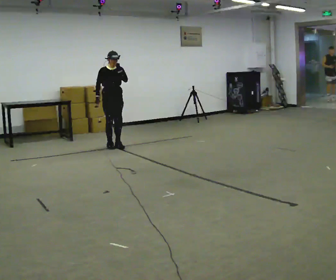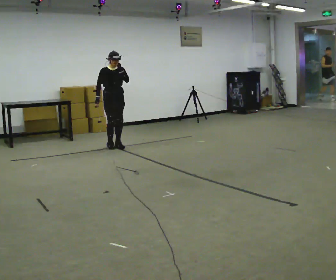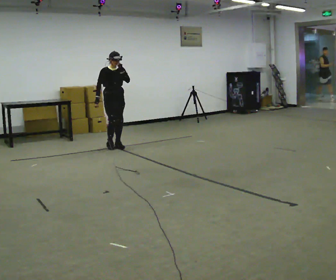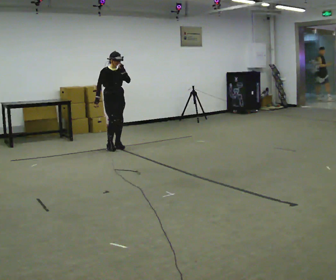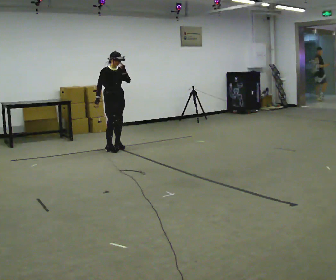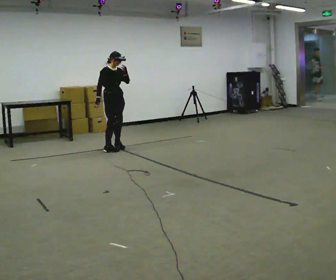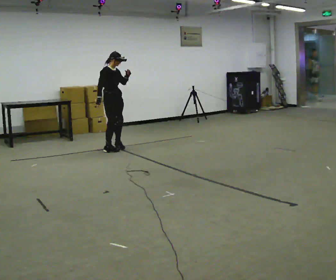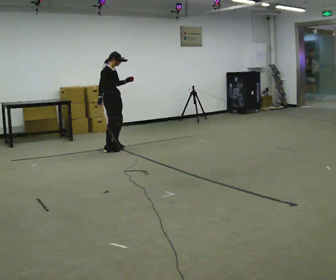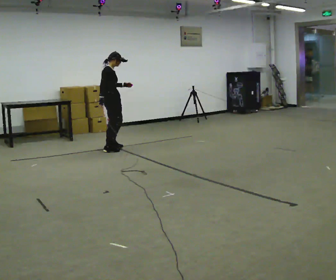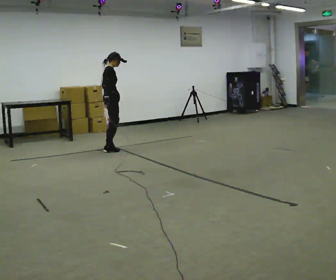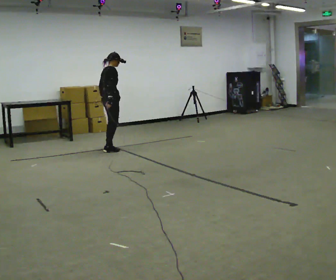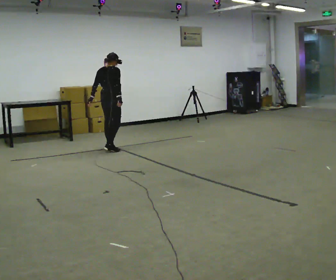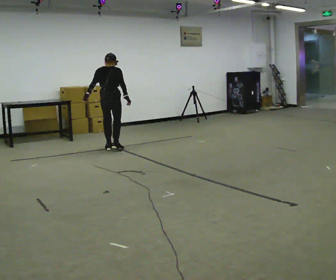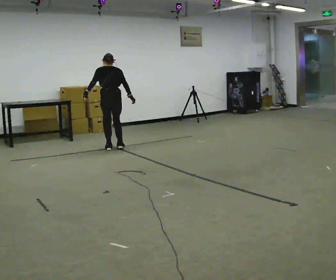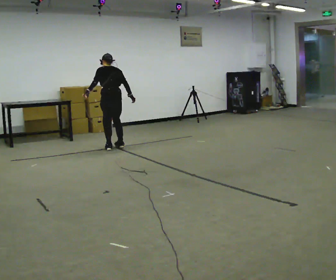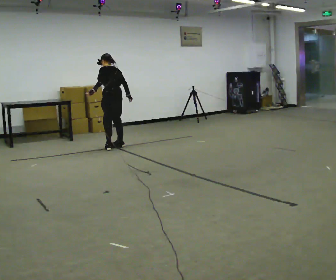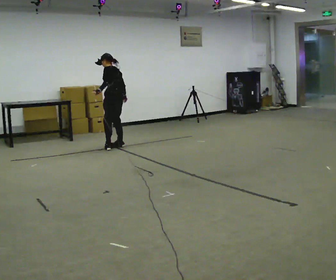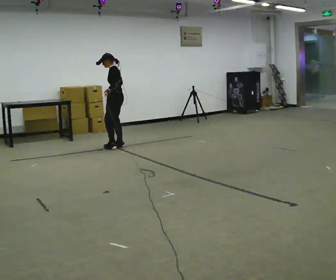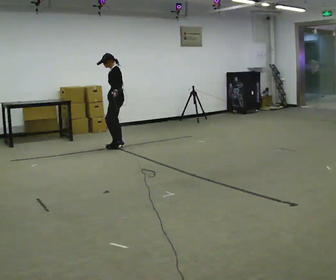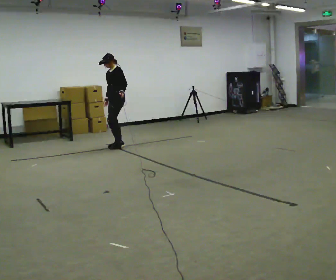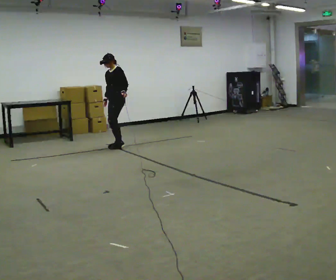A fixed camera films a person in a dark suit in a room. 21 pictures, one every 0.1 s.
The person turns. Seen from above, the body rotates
counterclockwise.
The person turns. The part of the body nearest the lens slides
to the right.
0.0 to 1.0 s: The person turns about 105 degrees to their left, counterclockwise seen from above, so the part of the body nearest the lens slides to the right. In the picture they go toward the camera, about 0.25 m in 2 steps. In the picture their left hand goes downward.
1.0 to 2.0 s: The part of the body nearest the lens slides to the right as the person turns to their left by about 180 degrees. In the picture they go away from the camera and to the right, about 0.25 m in 2 steps. In the picture the upper body tilts counterclockwise, shoulders to the left.
The film runs backward here.
